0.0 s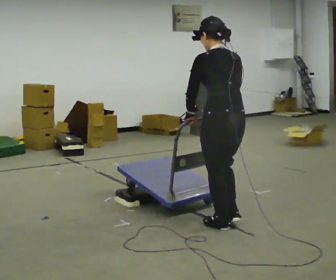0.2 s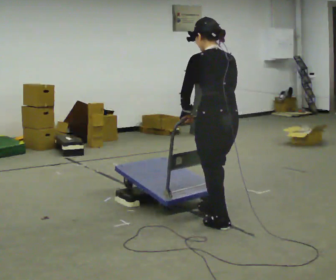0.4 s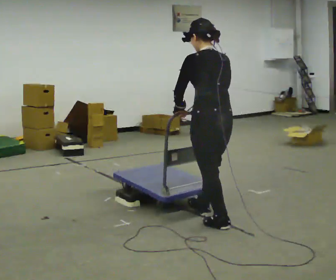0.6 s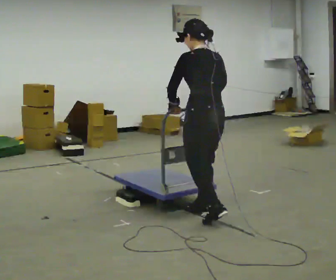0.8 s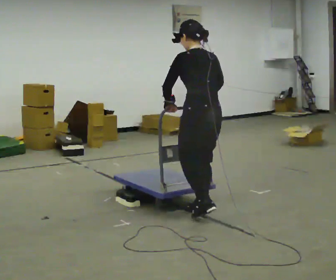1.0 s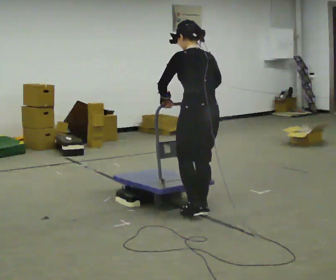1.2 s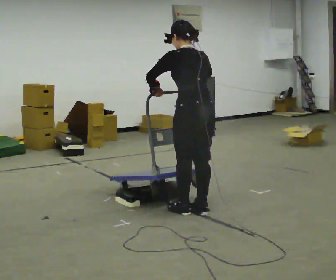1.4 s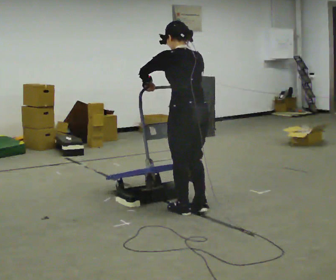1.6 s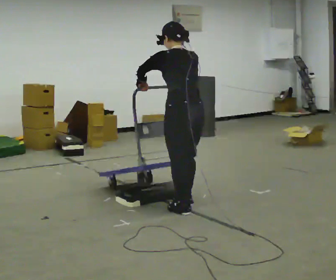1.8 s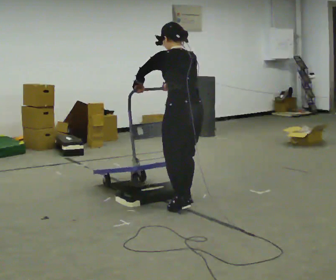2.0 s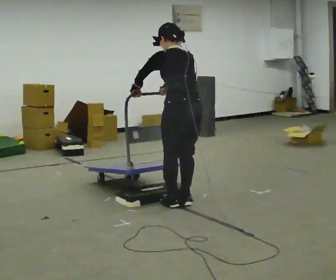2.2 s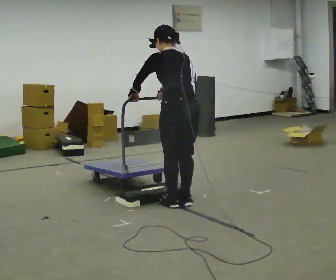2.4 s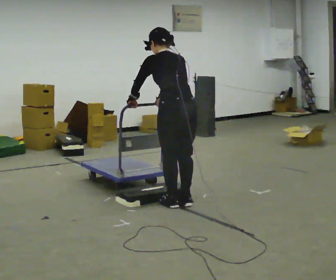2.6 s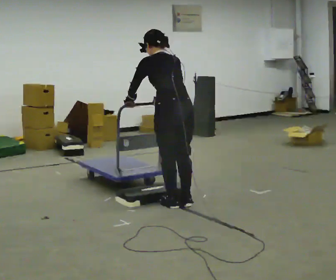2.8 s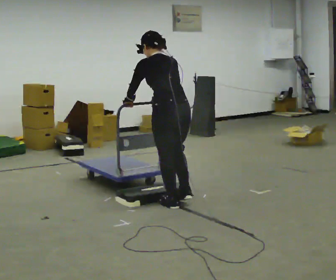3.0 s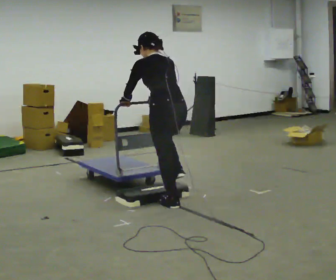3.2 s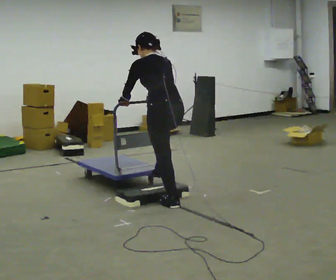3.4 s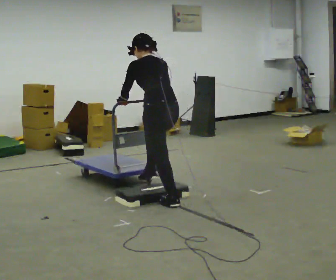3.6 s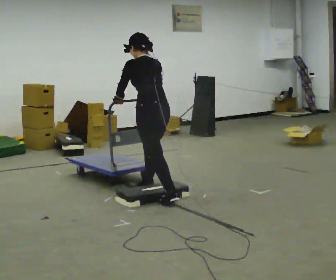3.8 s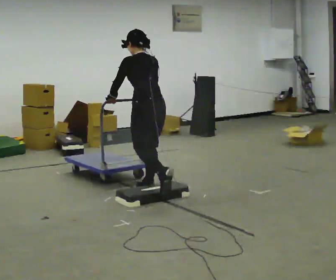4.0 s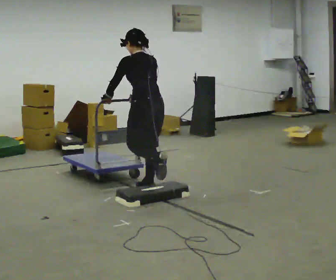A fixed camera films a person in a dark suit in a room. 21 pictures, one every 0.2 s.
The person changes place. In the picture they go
away from the camera.
0.0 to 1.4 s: In the picture they go away from the camera and to the left, about 0.5 m in 2 steps, which for them is forward.
1.4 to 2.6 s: In the picture they go away from the camera, about 0.25 m in 2 steps, which for them is forward.
2.6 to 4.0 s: In the picture they go away from the camera and to the left, about 0.5 m in 1 step, which for them is forward.
The film runs forward here.
